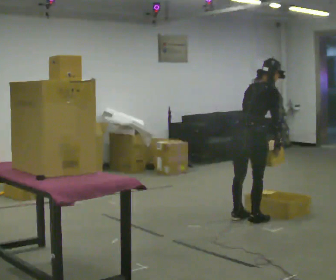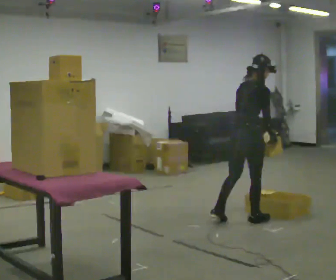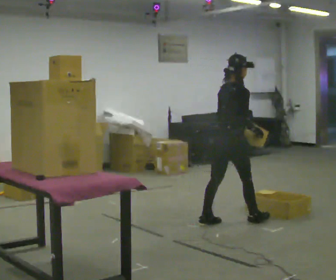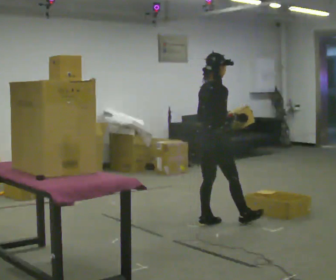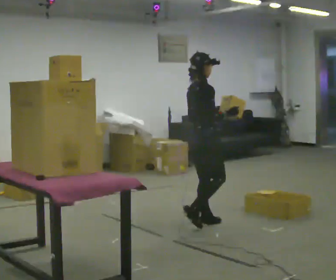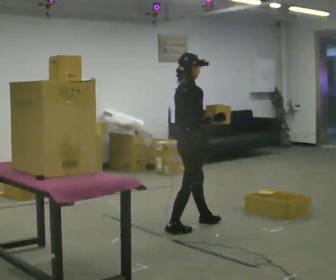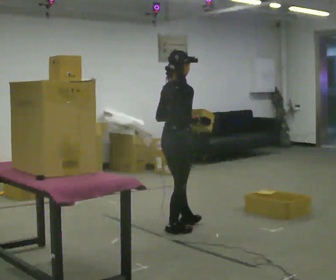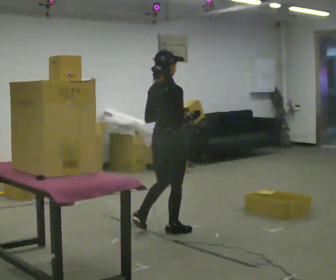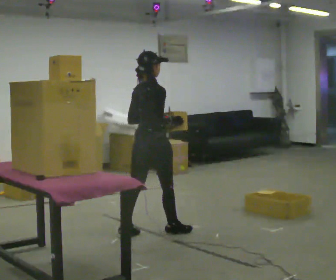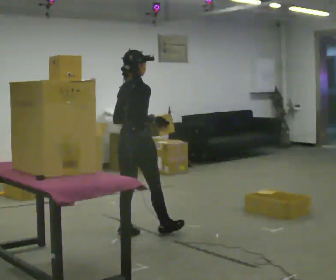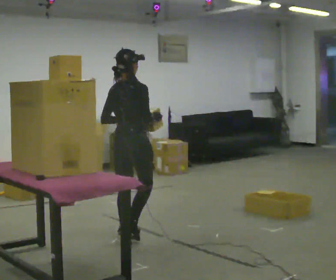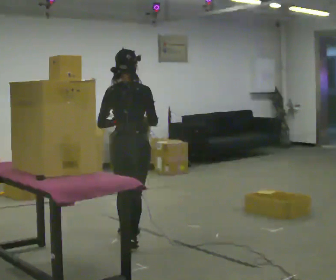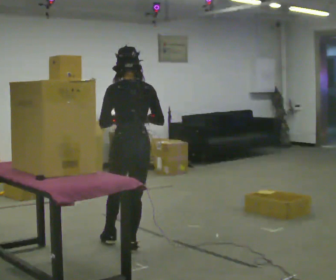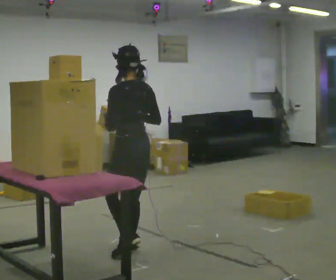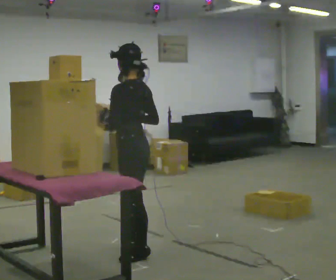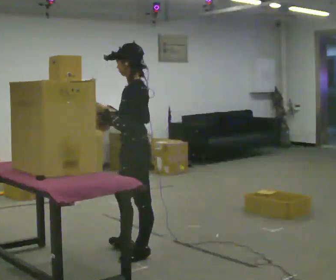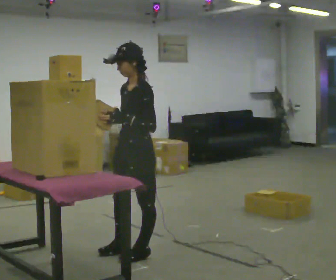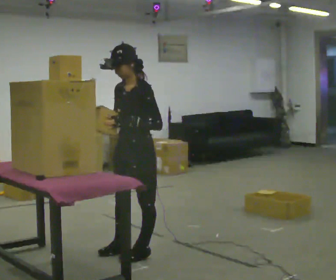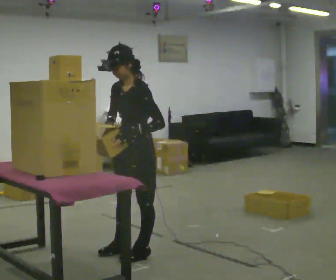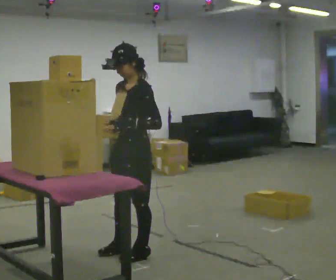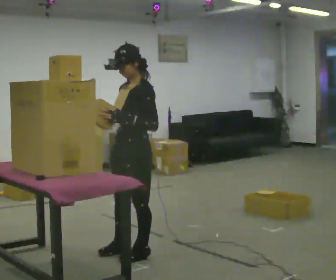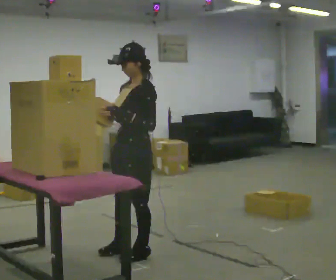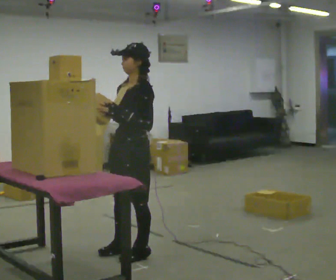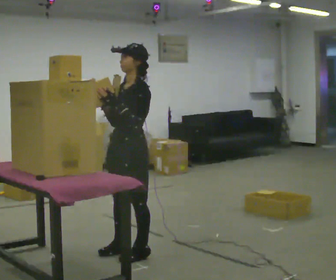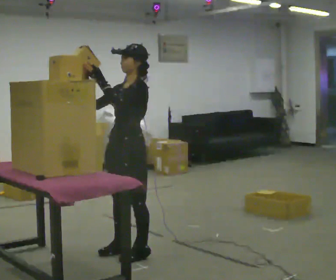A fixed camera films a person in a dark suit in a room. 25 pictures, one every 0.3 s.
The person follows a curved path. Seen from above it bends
counterclockwise.
0.0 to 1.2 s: In the picture they go to the left, about 0.5 m in 1 step, which for them is backward. In the picture the upper body tilts counterclockwise, shoulders to the left, as they lean back or straighten.
1.2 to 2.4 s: In the picture they go to the left and toward the camera, about 0.5 m in 1 step, which for them is backward.
2.4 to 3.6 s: Seen from above the body turns counterclockwise, about 60 degrees: to their left, with its near side sliding to the right. In the picture they go toward the camera and to the left, about 0.5 m in 2 steps, which for them is backward and to their right.
3.6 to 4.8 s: The person turns about 105 degrees to their left, counterclockwise seen from above, so the part of the body nearest the lens slides to the right. In the picture they go toward the camera, about 0.25 m.
4.8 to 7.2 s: The person moves a little, or ends about where they began.
The film runs backward here.
